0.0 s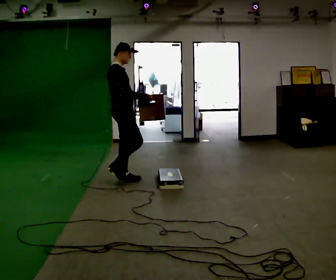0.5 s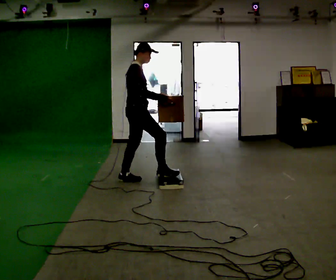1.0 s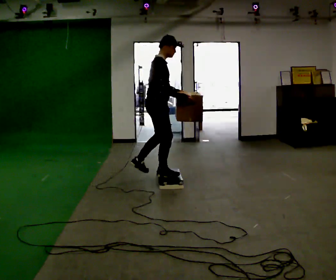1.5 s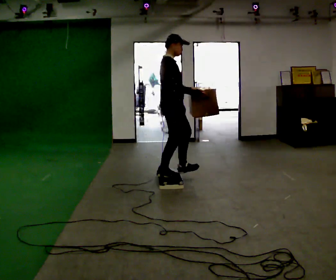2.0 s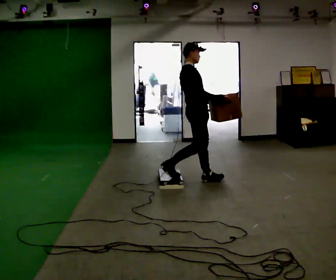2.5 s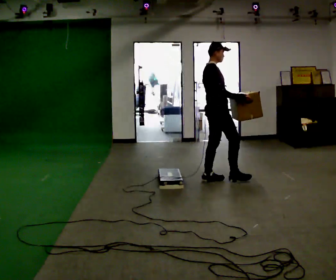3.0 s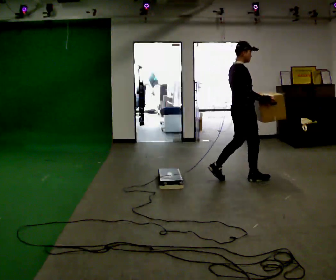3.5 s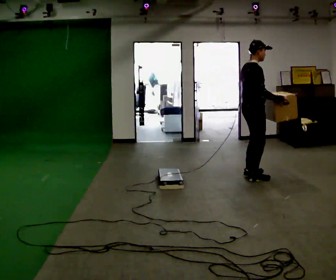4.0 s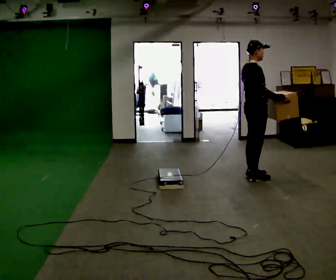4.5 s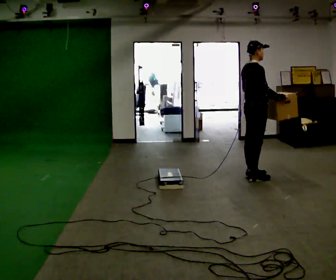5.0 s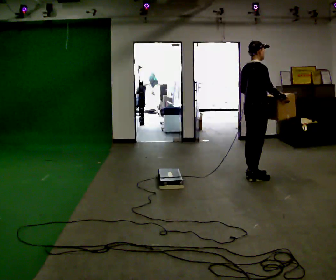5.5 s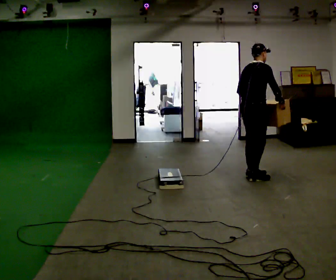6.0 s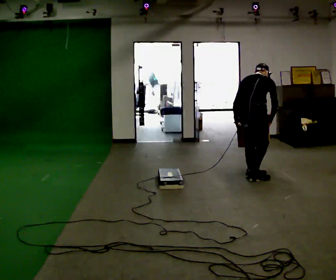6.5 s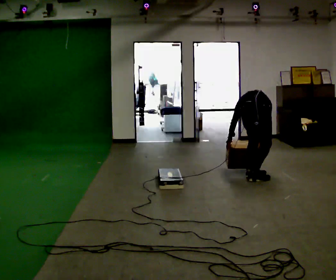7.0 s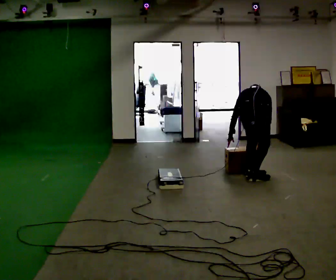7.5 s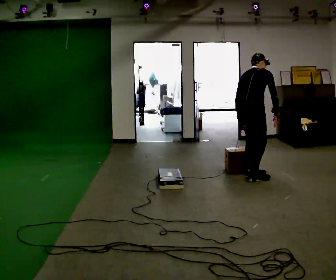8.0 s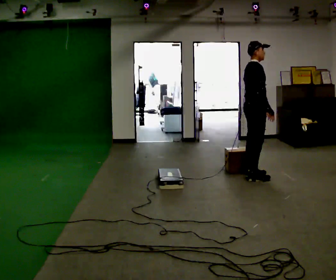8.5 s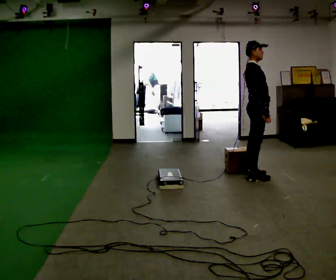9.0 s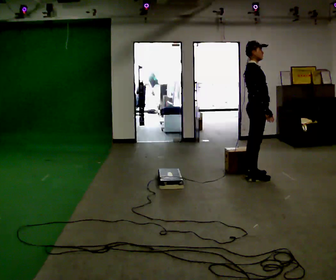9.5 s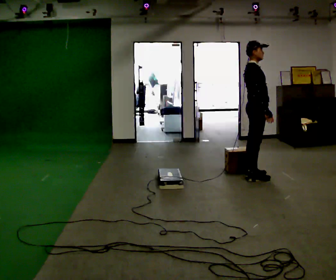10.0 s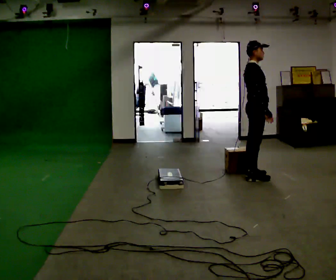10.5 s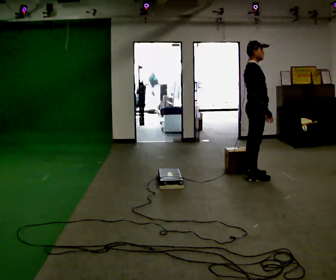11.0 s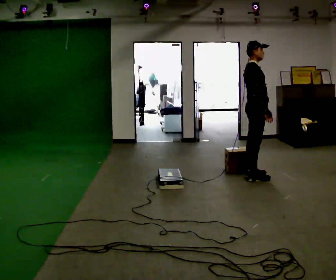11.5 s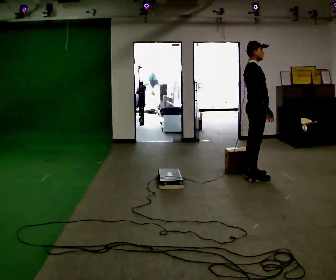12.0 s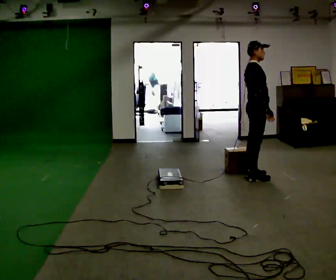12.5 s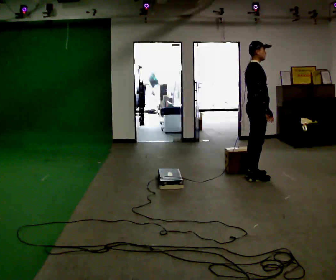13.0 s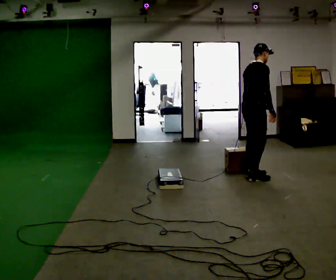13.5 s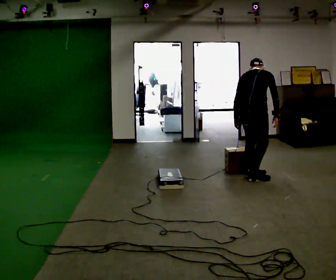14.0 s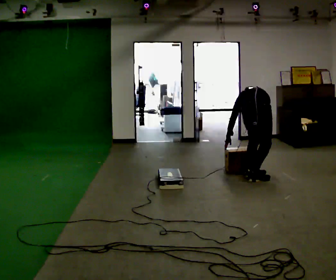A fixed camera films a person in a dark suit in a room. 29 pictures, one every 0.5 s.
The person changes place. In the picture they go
to the right.
0.0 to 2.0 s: In the picture they go to the right, about 1 m in 2 steps, which for them is forward.
2.0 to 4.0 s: In the picture they go to the right, about 0.5 m in 2 steps, which for them is forward.
4.0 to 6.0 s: The part of the body nearest the lens slides to the right as the person turns to their left by about 45 degrees. The upper body goes downward. The upper body tips away from the camera, its near side rolling upward, as they bend forward. In the picture their left hand goes to the left and downward, the arm swinging clockwise.
6.0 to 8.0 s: The person turns about 60 degrees to their right, clockwise seen from above, so the part of the body nearest the lens slides to the left. In the picture their left hand goes to the right.
8.0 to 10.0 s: The person moves a little, or ends about where they began.
10.0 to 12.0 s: The person keeps their place and pose.
12.0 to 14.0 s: The person turns about 75 degrees to their left, counterclockwise seen from above, so the part of the body nearest the lens slides to the right. In the picture they go toward the camera, about 0.25 m. The shoulders move downward. The upper body tips away from the camera, its near side rolling upward, as they bend forward. In the picture their left hand goes to the left and downward.
The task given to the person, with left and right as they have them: Carry the box up onto the platform, across it, and down the other side, then bring it back. Keep going until the operator says stop; one object at a time, and do not rush between trips.
The film runs forward here.
